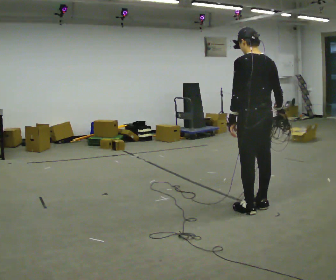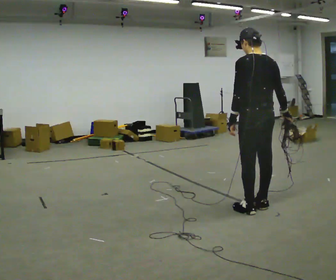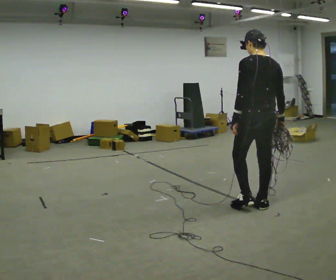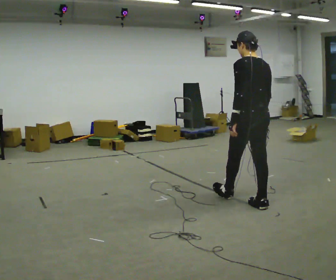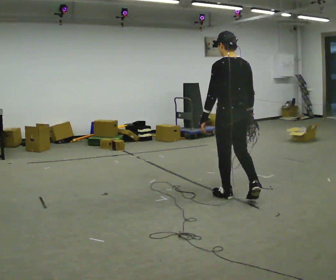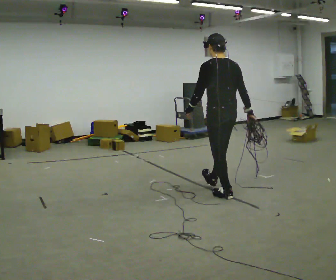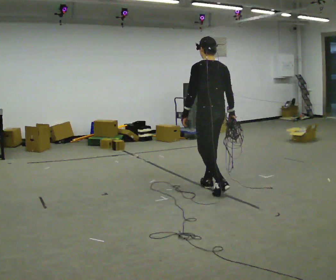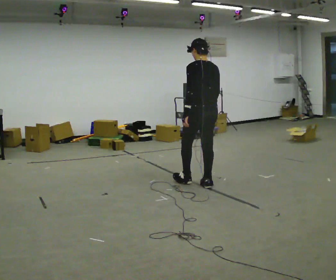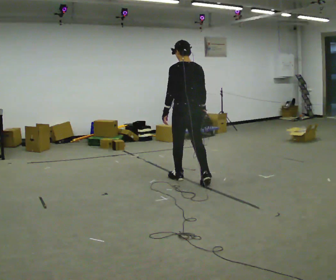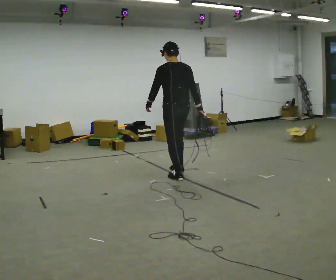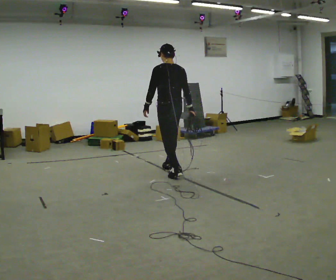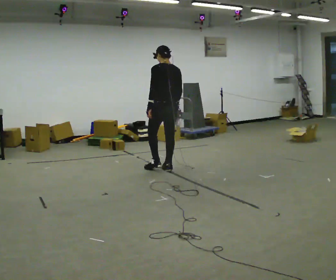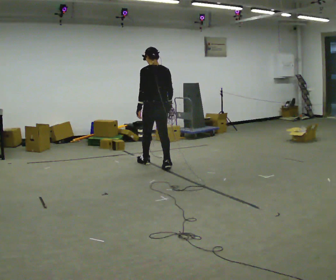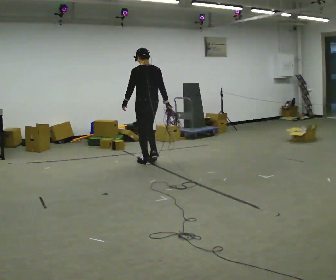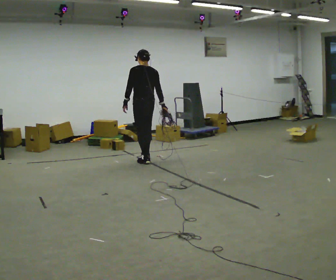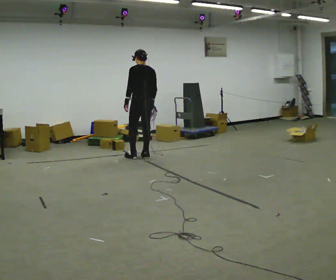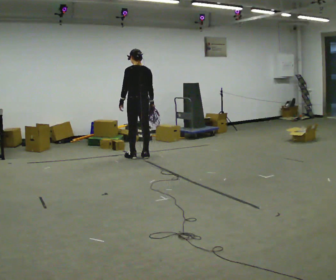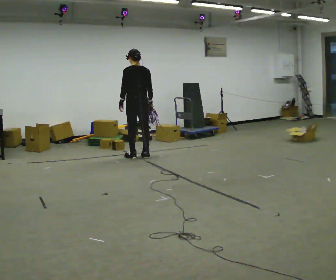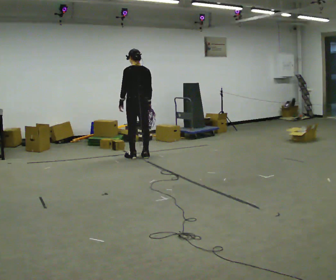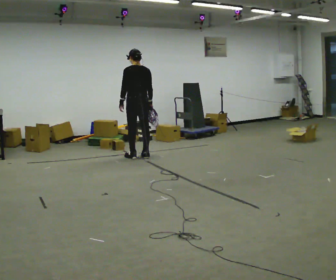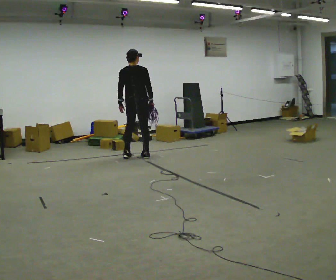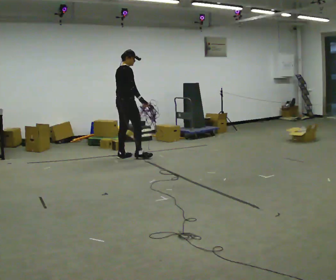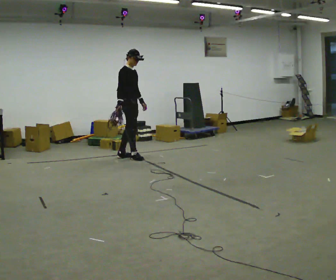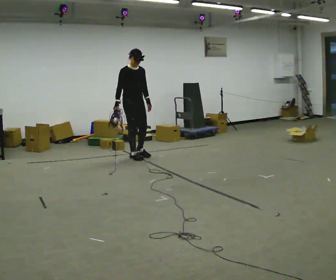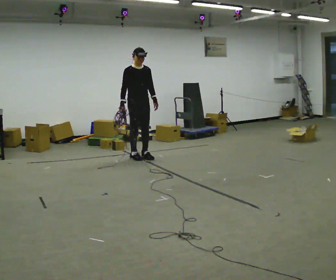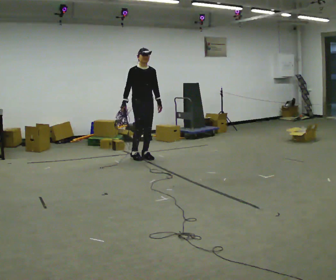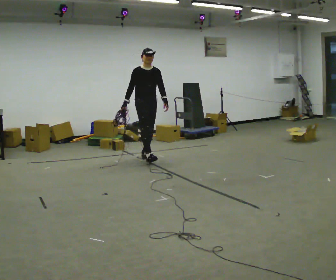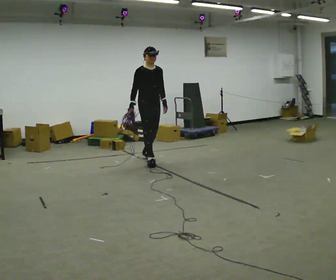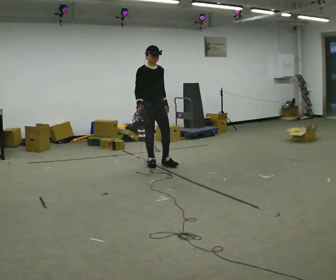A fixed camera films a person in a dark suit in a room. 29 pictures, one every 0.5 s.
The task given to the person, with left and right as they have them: Pick up the coiled hose, carry it across the room, and set it down. It will move around as you walk. Keep going until the operator says stop; one object at a time, and do not rush between trips.
0.0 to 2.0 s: In the picture they go away from the camera and to the left, about 0.5 m in 1 step, which for them is forward.
2.0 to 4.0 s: In the picture they go away from the camera and to the left, about 1 m in 2 steps, which for them is forward.
4.0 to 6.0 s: In the picture they go away from the camera and to the left, about 1 m in 2 steps, which for them is forward.
6.0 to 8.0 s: In the picture they go away from the camera and to the left, about 0.75 m in 2 steps, which for them is forward.
8.0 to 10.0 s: Seen from above the body turns clockwise, about 45 degrees: to their right, with its near side sliding to the left.
10.0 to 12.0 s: The person turns about 135 degrees to their right, clockwise seen from above, so the part of the body nearest the lens slides to the left. In the picture their right hand goes to the left, the arm swinging clockwise.
12.0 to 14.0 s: In the picture they go toward the camera and to the right, about 0.5 m in 1 step, which for them is forward.
The film runs forward here.
